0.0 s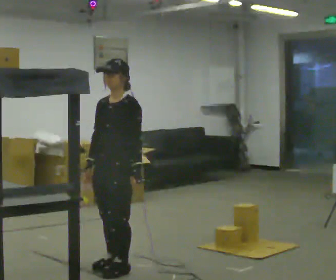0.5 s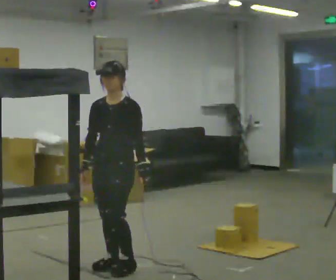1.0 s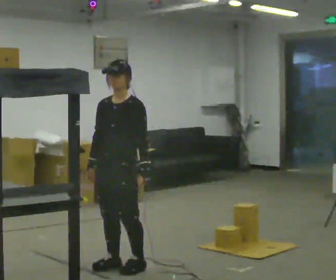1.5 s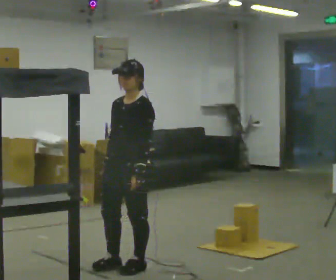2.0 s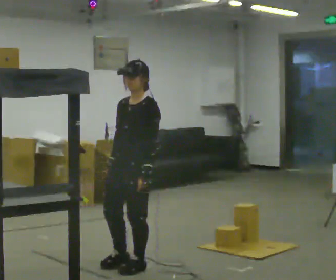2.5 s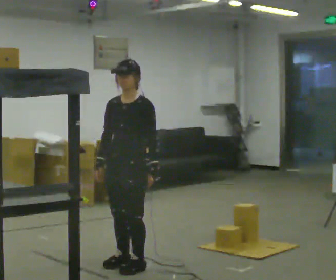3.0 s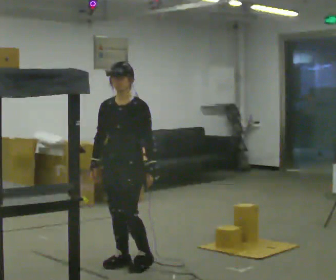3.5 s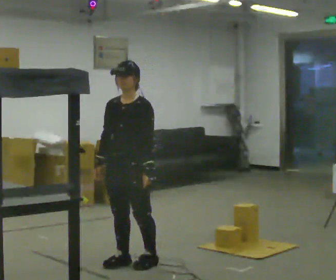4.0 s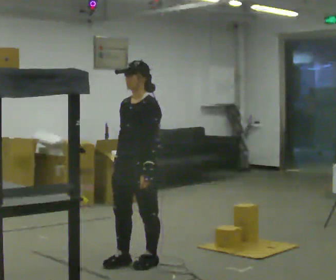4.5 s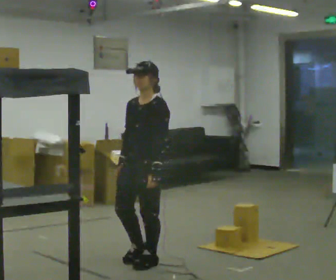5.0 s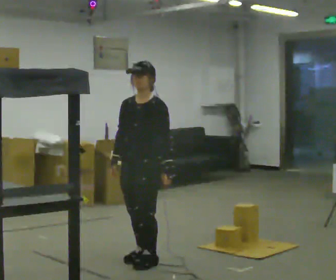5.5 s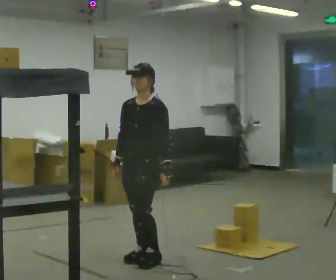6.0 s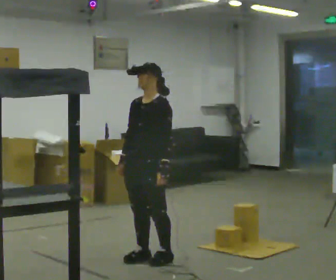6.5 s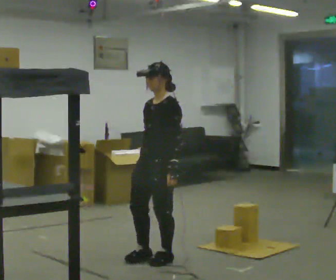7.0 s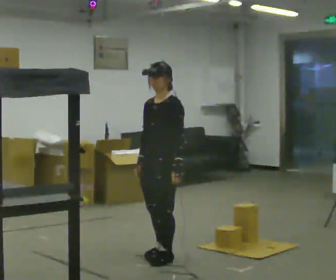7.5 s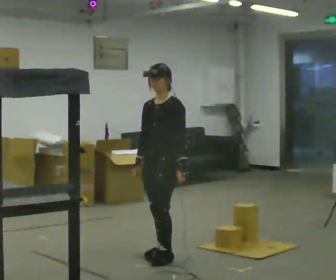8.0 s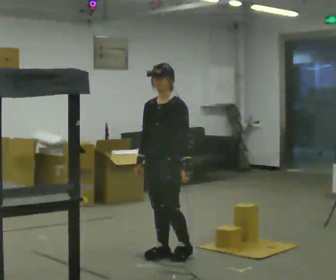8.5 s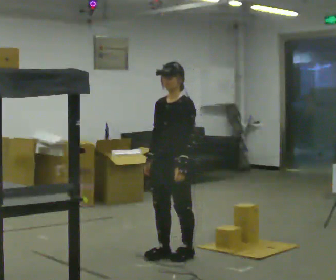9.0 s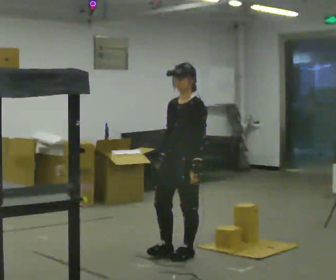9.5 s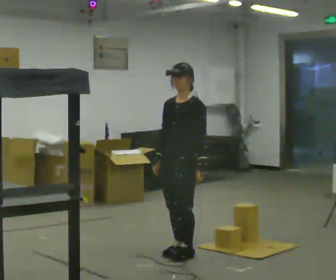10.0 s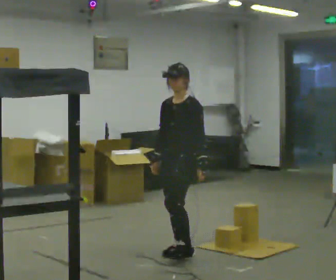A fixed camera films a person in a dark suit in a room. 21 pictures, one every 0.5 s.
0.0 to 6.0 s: In the picture they go away from the camera and to the right, about 0.5 m in 4 steps, which for them is backward.
6.0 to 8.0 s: In the picture they go to the right, about 0.25 m in 2 steps, which for them is backward.
8.0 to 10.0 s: The person moves a little, or ends about where they began.
The film runs backward here.
